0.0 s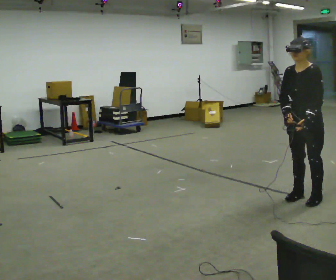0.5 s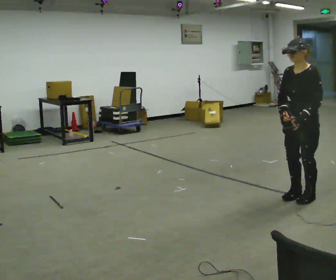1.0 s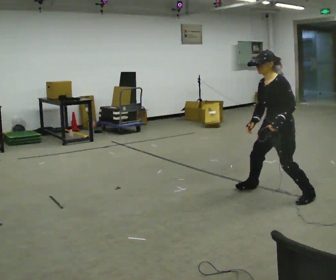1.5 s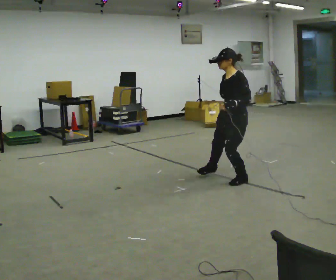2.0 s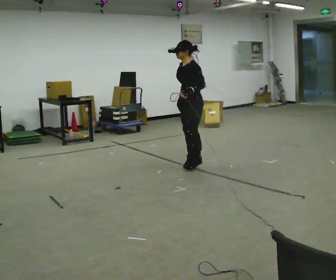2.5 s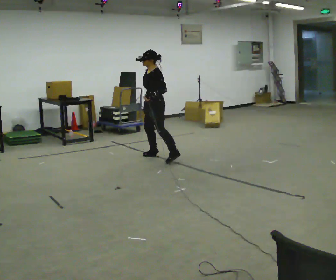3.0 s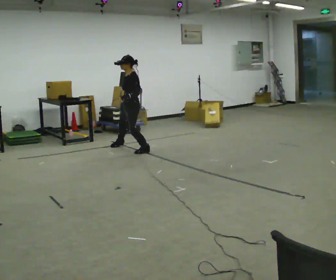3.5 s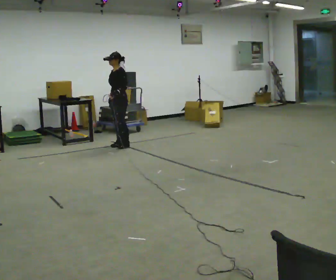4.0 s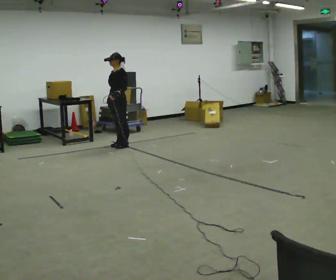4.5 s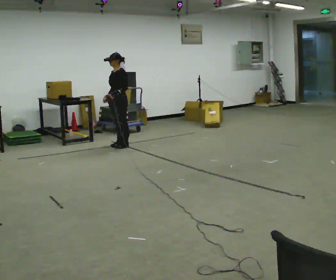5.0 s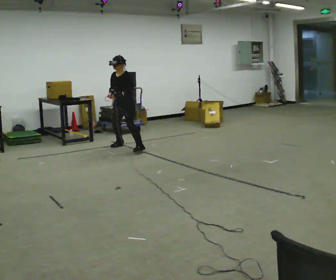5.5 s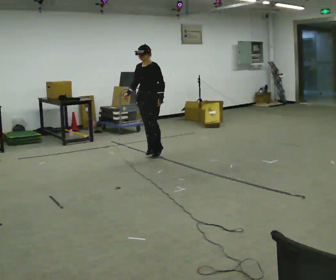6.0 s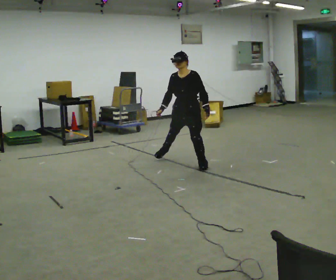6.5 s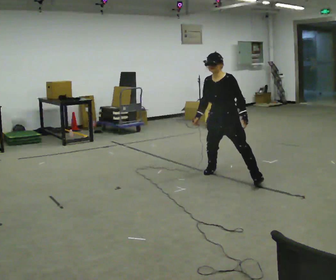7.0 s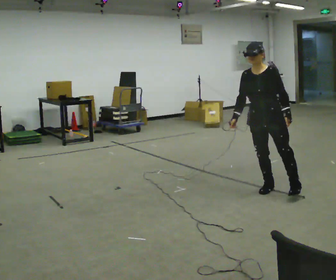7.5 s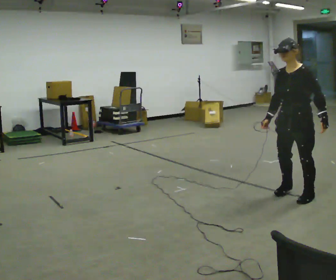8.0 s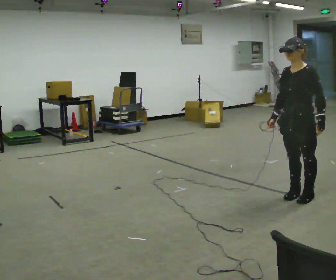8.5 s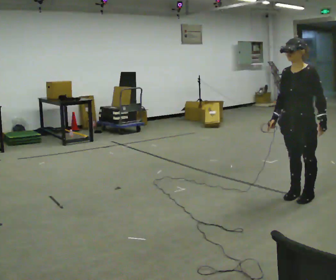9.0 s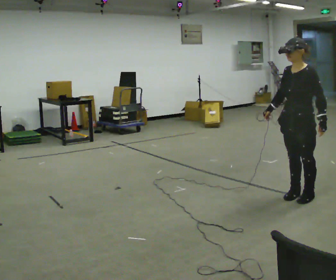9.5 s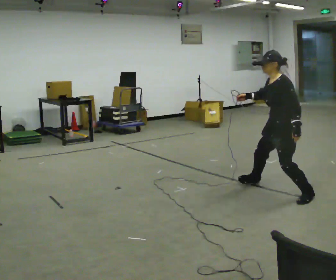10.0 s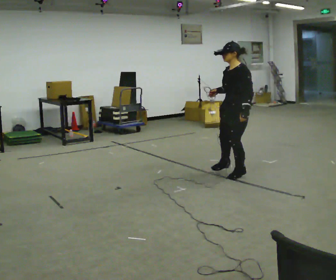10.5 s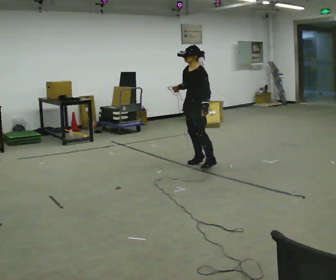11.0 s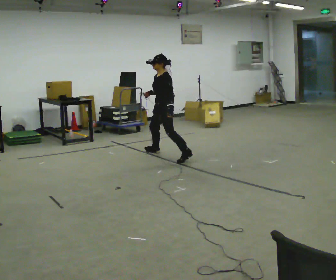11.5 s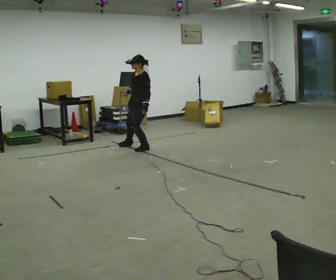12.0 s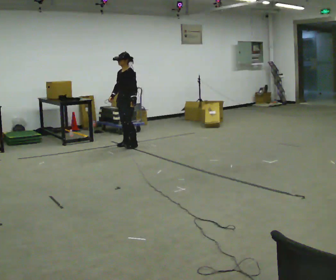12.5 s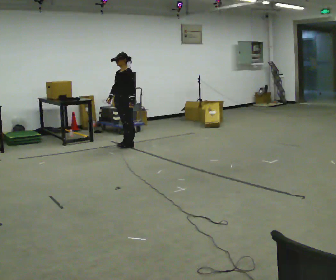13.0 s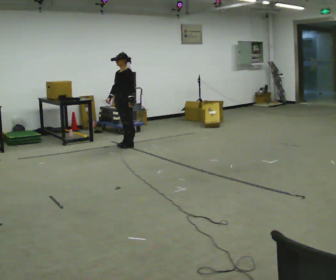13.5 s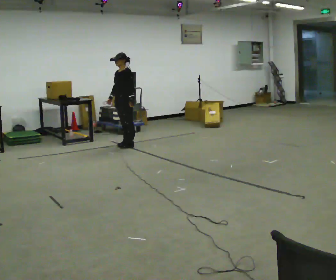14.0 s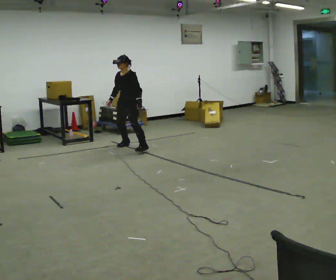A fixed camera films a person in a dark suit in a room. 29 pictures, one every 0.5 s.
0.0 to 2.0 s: In the picture they go to the left and away from the camera, about 1.5 m in 3 steps, which for them is to their right.
2.0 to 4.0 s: In the picture they go to the left and away from the camera, about 1.5 m in 4 steps, which for them is to their right.
4.0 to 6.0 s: The person turns about 30 degrees to their left, counterclockwise seen from above, so the part of the body nearest the lens slides to the right. In the picture they go to the right and toward the camera, about 1.5 m in 2 steps, which for them is to their left.
6.0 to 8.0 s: The person turns about 30 degrees to their right, clockwise seen from above, so the part of the body nearest the lens slides to the left. In the picture they go to the right and toward the camera, about 1.5 m in 4 steps, which for them is to their left and forward.
8.0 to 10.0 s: In the picture they go away from the camera and to the left, about 1 m in 1 step, which for them is to their right.
10.0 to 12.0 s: In the picture they go to the left and away from the camera, about 2.5 m in 6 steps, which for them is to their right.
12.0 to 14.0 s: The person moves a little, or ends about where they began.
The film runs forward here.
